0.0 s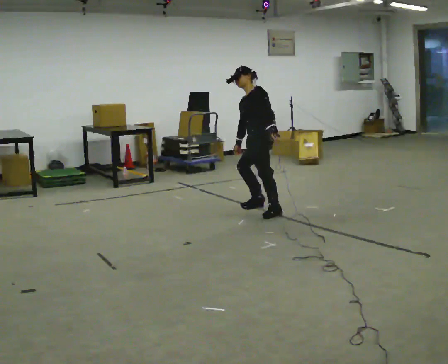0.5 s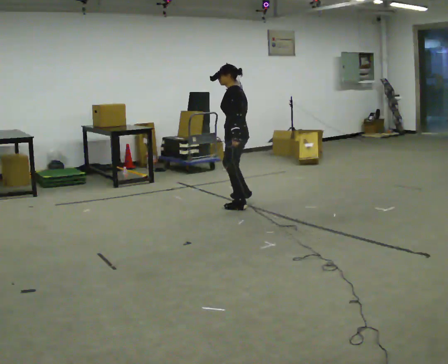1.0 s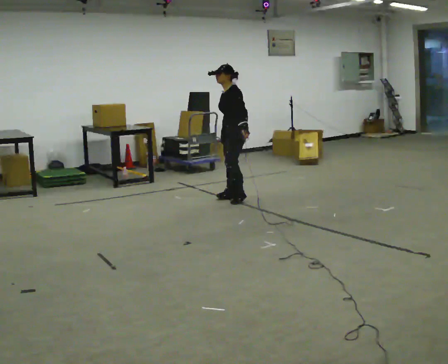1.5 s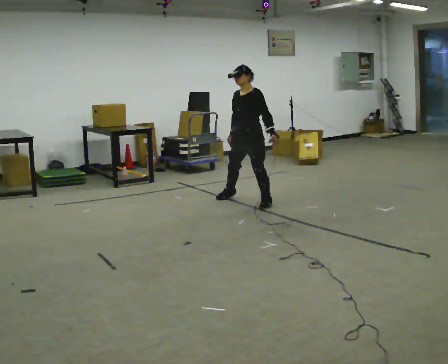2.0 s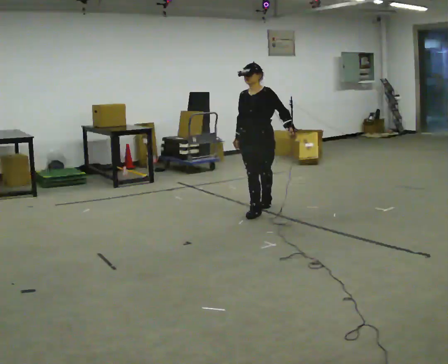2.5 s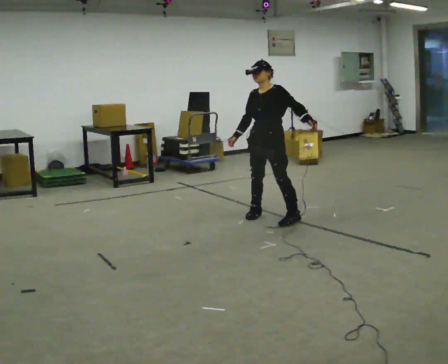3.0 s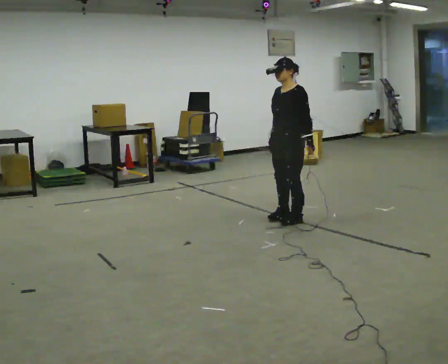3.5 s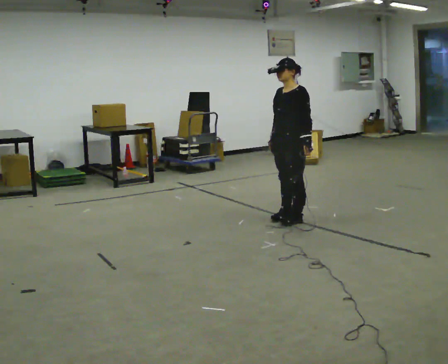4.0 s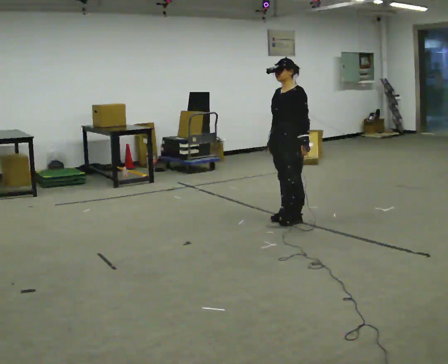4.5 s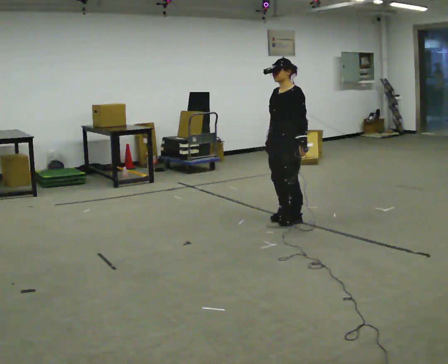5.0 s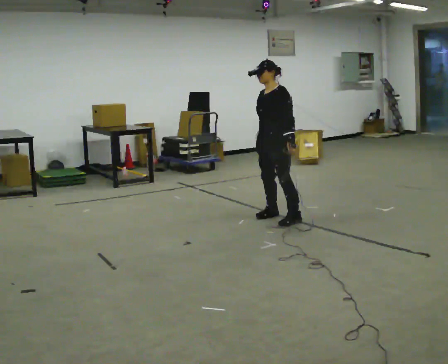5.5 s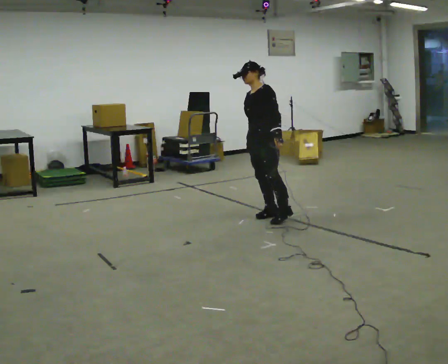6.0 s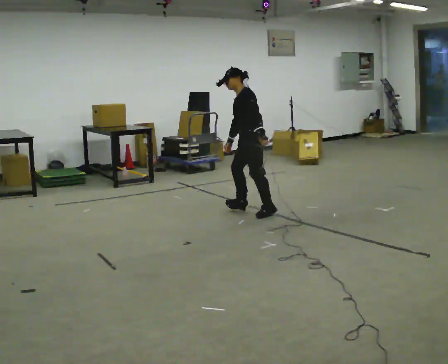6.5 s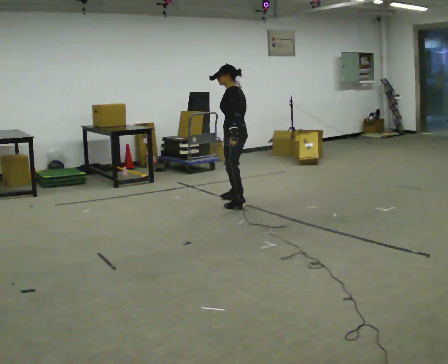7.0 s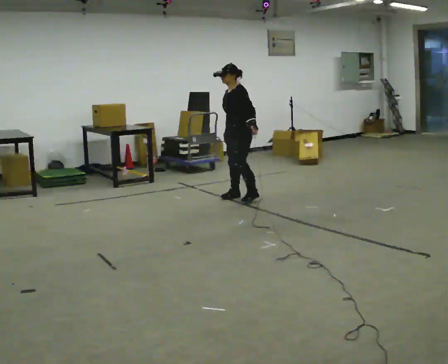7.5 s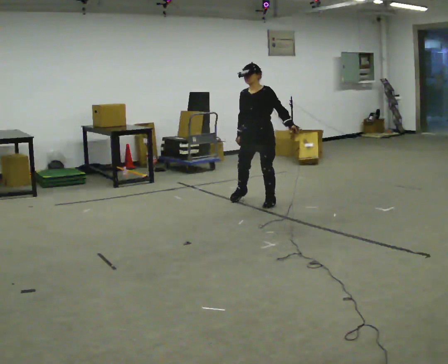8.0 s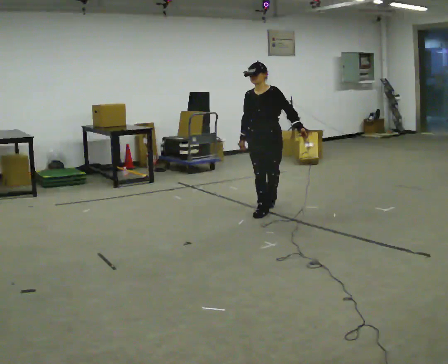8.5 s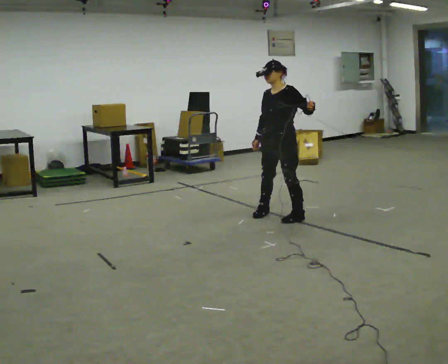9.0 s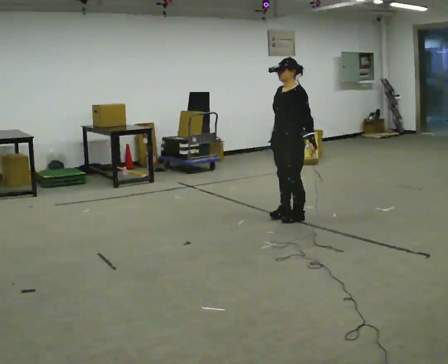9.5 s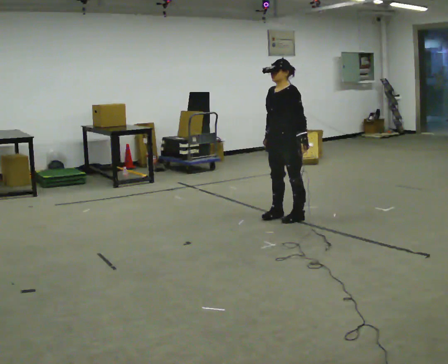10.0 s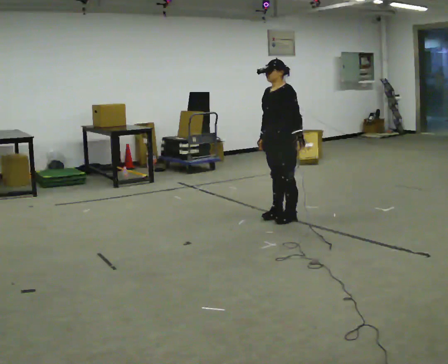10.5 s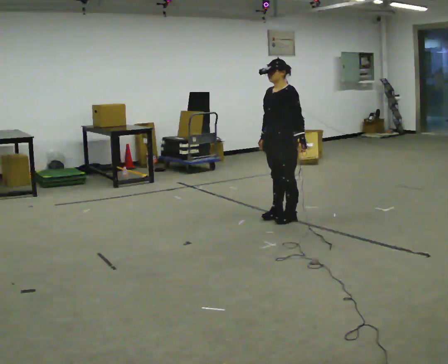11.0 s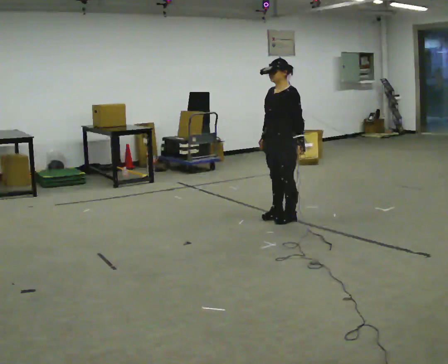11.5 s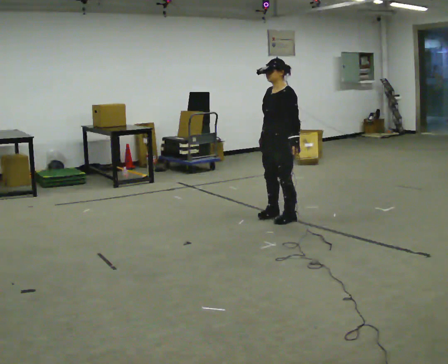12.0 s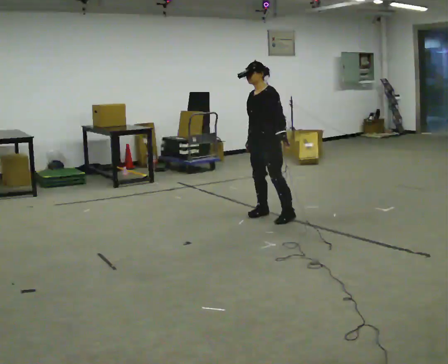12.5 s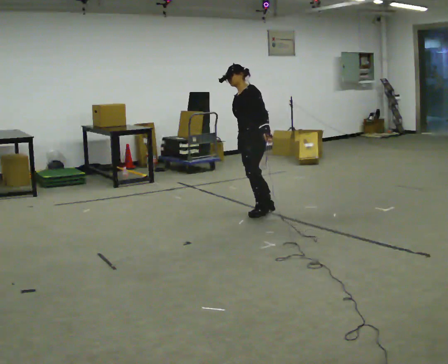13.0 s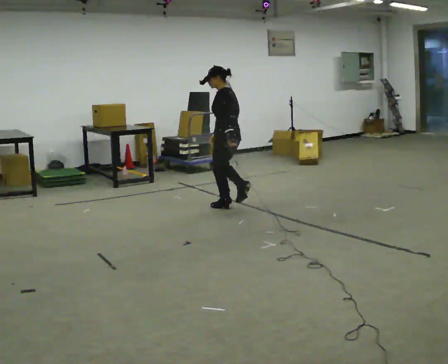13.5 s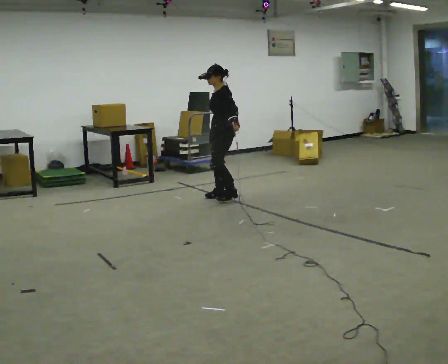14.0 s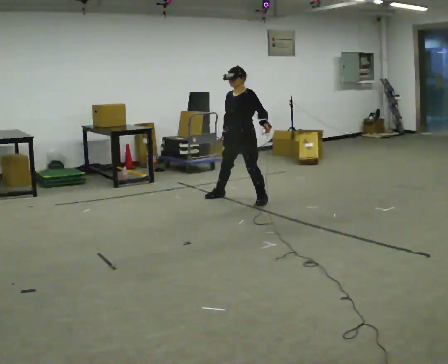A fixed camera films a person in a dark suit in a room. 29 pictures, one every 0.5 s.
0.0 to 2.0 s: The person turns about 60 degrees to their left, counterclockwise seen from above, so the part of the body nearest the lens slides to the right.
2.0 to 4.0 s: The person turns about 30 degrees to their right, clockwise seen from above, so the part of the body nearest the lens slides to the left. In the picture they go toward the camera and to the right, about 0.5 m in 2 steps, which for them is to their left.
4.0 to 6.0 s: The person turns about 45 degrees to their right, clockwise seen from above, so the part of the body nearest the lens slides to the left. In the picture they go away from the camera and to the left, about 0.5 m, which for them is to their right. In the picture the upper body tilts counterclockwise, shoulders to the left, as they bend forward.
6.0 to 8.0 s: The part of the body nearest the lens slides to the right as the person turns to their left by about 90 degrees. In the picture their left hand goes to the right.
8.0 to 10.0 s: The person turns about 45 degrees to their right, clockwise seen from above, so the part of the body nearest the lens slides to the left. In the picture they go toward the camera and to the right, about 0.25 m in 2 steps, which for them is to their left.
10.0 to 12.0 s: The person moves a little, or ends about where they began.
12.0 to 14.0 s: In the picture they go away from the camera, about 0.75 m in 3 steps.
The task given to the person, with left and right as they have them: Stand on the marked spots. Lean to the side the operator calls until you cannot hold it, then step to catch yourself. Return to the spots. Repeat at your own pace until the operator says stop. Go slowly and only as far as you are comfortable. Step whenever you need to; do not try to hold on longer than feels safe.
The film runs forward here.
